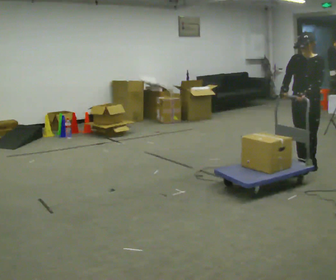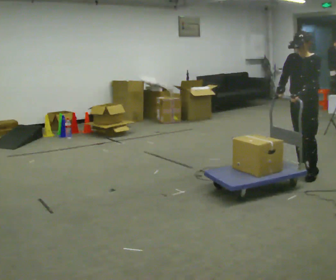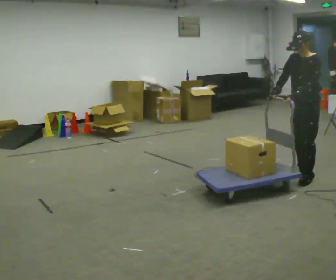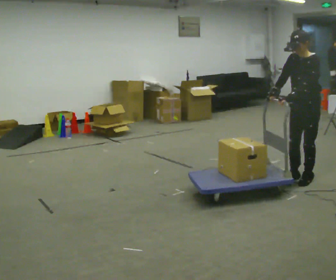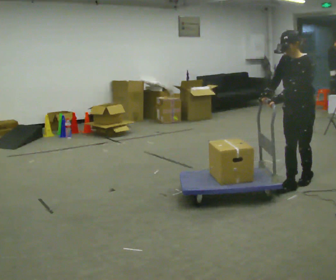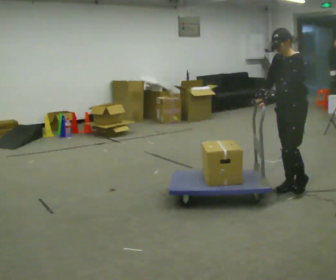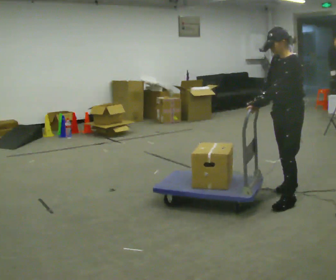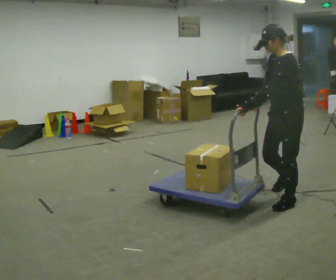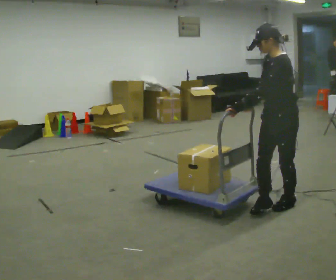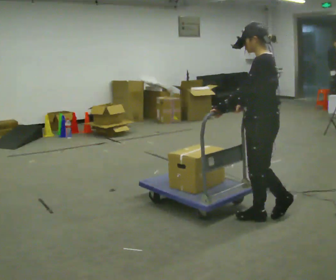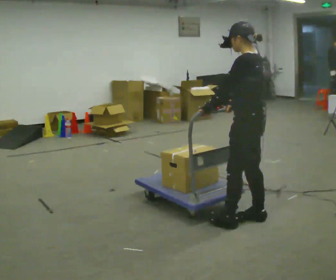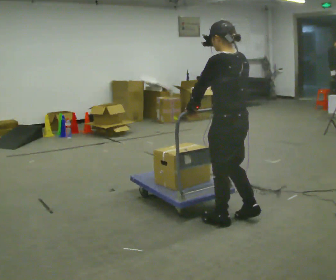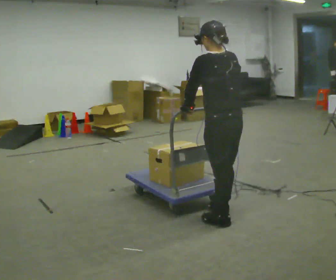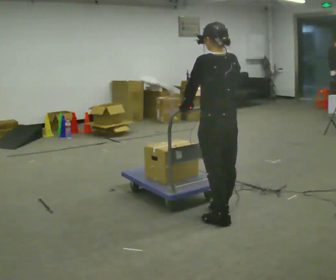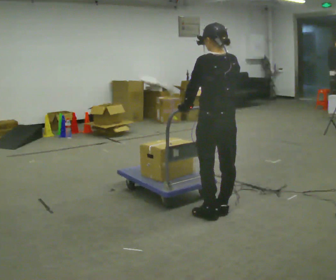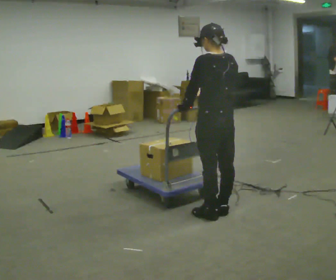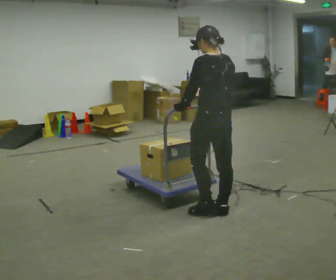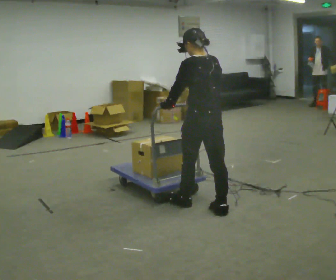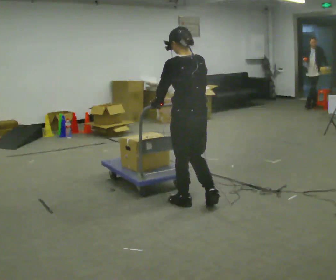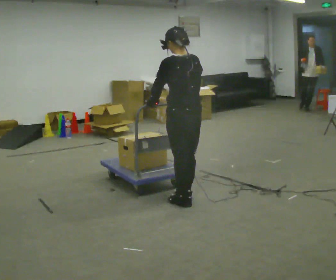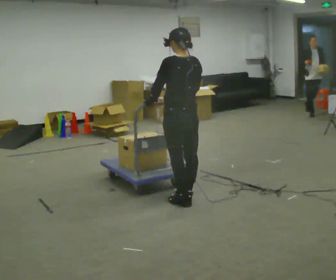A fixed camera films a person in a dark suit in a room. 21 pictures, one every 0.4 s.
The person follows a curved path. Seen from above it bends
clockwise.
The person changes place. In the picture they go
to the left.
0.0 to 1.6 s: The person turns about 30 degrees to their right, clockwise seen from above, so the part of the body nearest the lens slides to the left. In the picture they go toward the camera, about 0.5 m in 2 steps, which for them is forward and to their left.
1.6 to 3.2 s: In the picture they go toward the camera and to the left, about 0.75 m in 1 step, which for them is forward and to their left.
3.2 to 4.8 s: The person turns about 75 degrees to their right, clockwise seen from above, so the part of the body nearest the lens slides to the left. In the picture they go to the left and toward the camera, about 0.5 m in 3 steps.
4.8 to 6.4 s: In the picture they go away from the camera, about 0.25 m in 1 step, which for them is forward.
6.4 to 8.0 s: In the picture they go to the left and away from the camera, about 0.5 m in 2 steps, which for them is forward.
The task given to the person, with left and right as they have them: Push the cart across the room and back. The operator will change how much is loaded on it between takes and will tell you each time.
The film runs forward here.
